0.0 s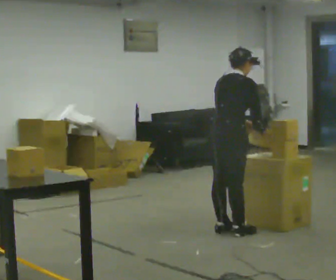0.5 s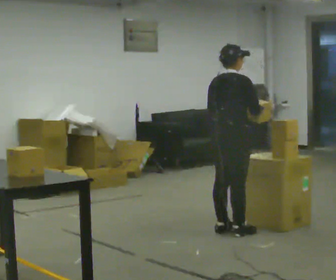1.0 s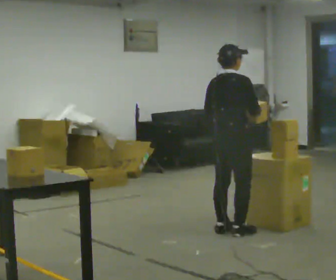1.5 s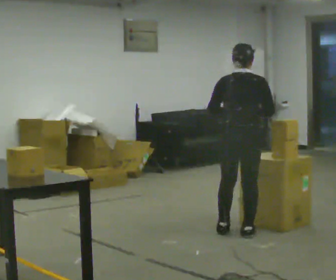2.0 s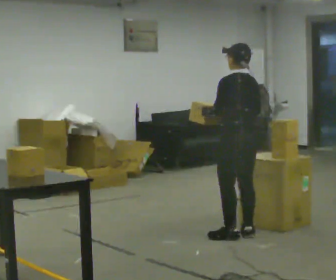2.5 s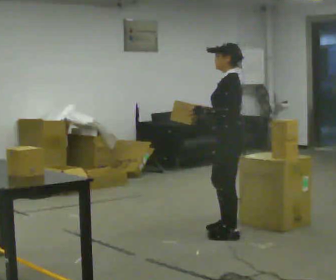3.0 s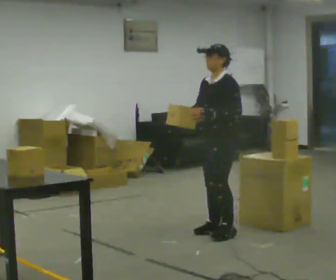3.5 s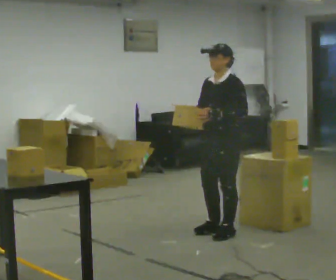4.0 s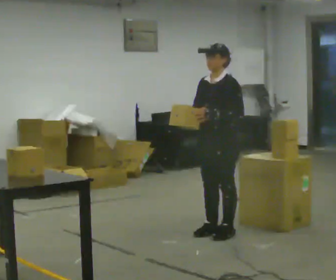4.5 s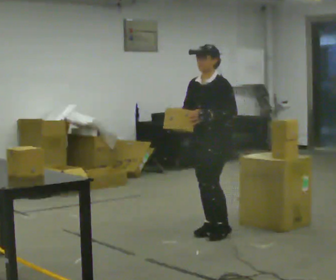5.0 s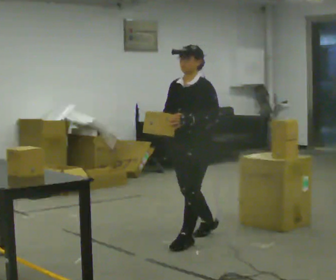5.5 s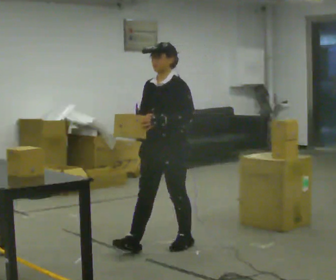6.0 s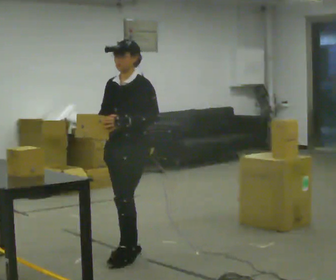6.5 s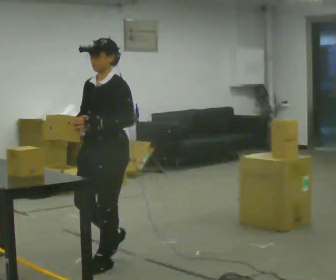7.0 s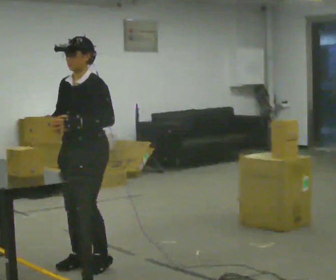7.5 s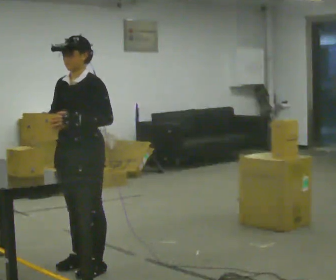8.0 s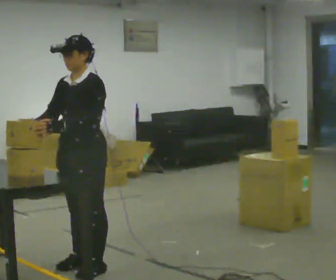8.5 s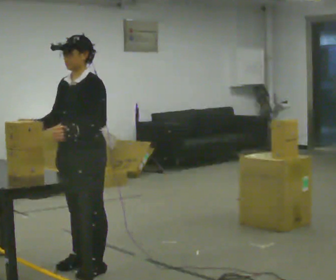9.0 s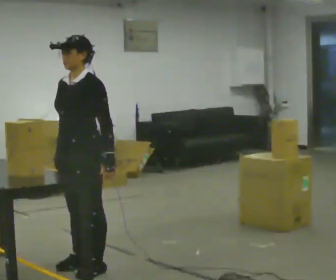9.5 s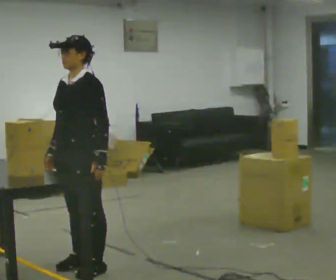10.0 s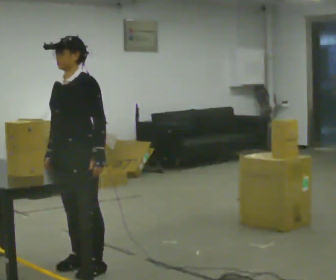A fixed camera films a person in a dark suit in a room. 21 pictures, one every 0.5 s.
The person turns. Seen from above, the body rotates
counterclockwise.
The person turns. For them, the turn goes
to their left.
0.0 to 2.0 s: The part of the body nearest the lens slides to the right as the person turns to their left by about 90 degrees. In the picture they go toward the camera, about 0.25 m in 1 step.
2.0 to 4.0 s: The person turns about 90 degrees to their left, counterclockwise seen from above, so the part of the body nearest the lens slides to the right. In the picture they go to the left, about 0.25 m in 1 step. In the picture their right hand goes to the left.
4.0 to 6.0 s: In the picture they go toward the camera and to the left, about 1 m in 2 steps, which for them is forward.
6.0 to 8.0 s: In the picture they go toward the camera and to the left, about 0.5 m in 2 steps, which for them is forward.
8.0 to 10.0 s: The person moves a little, or ends about where they began.
The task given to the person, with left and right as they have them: Move objects one at a time from the waist-height shelf at one end of the room to the waist-height shelf at the other end. Keep going until the operator says stop; one object at a time, and do not rush between trips.
The film runs forward here.
